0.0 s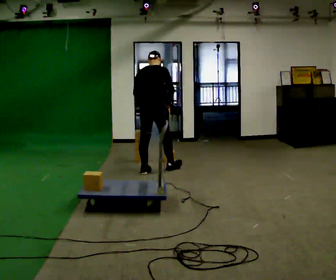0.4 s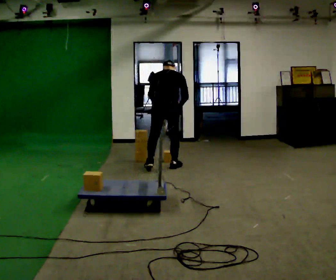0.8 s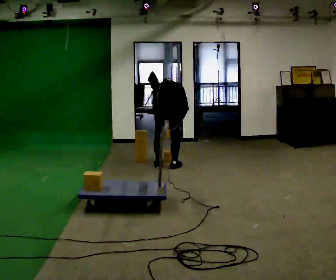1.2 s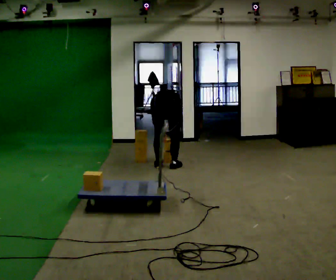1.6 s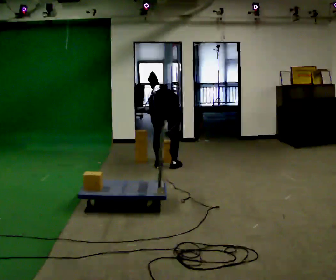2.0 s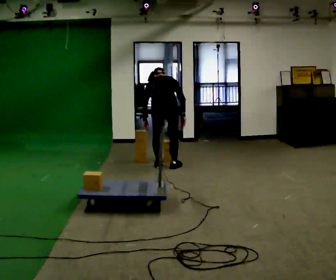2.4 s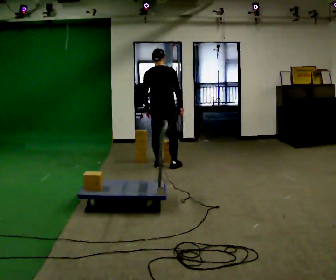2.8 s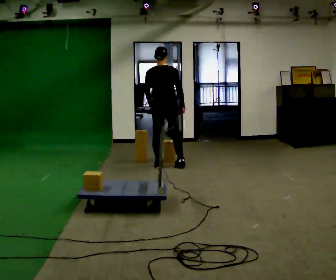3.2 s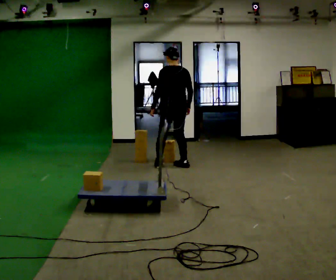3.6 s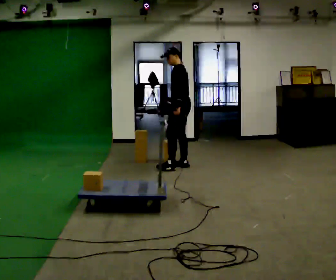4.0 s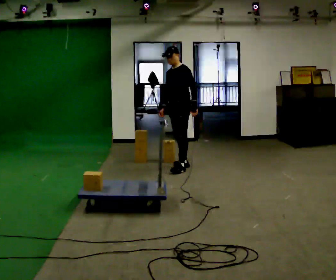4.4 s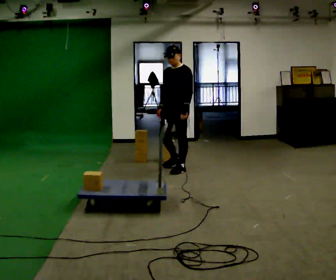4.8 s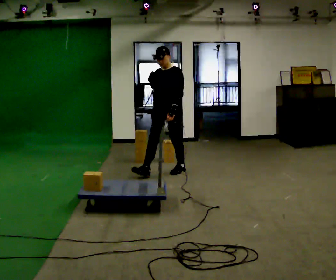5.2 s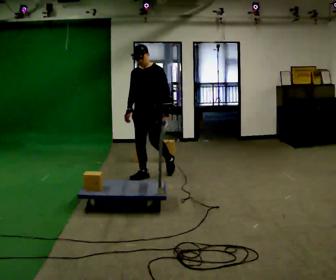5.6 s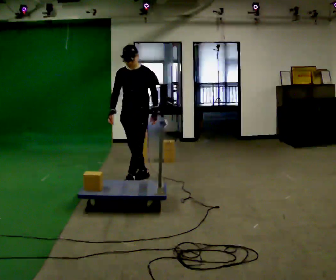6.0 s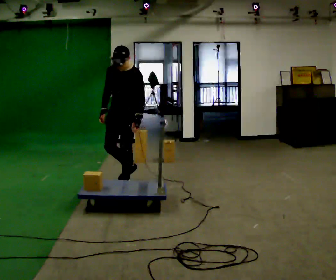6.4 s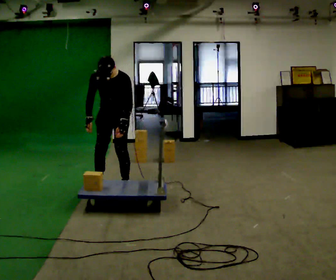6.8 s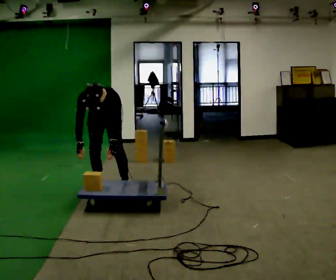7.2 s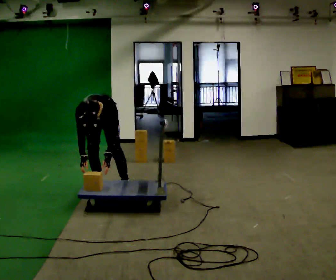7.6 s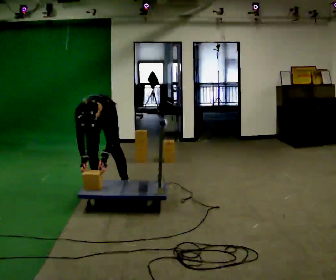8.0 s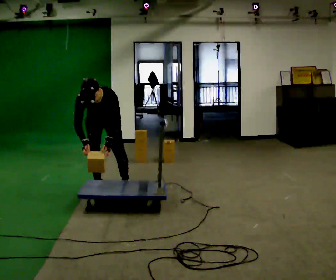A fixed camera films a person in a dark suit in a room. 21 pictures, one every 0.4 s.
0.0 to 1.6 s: In the picture they go to the right, about 0.25 m in 2 steps, which for them is to their right and forward. The shoulders move downward. The upper body tips away from the camera, its near side rolling upward, as they bend forward. In the picture their left hand goes downward.
1.6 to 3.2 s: Seen from above the body turns counterclockwise, about 30 degrees: to their left, with its near side sliding to the right. In the picture they go away from the camera, about 0.25 m in 1 step, which for them is forward. The upper body goes upward. The upper body tips toward the camera, its near side rolling downward, as they lean back or straighten. In the picture their left hand goes upward.
3.2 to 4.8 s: The part of the body nearest the lens slides to the right as the person turns to their left by about 120 degrees. In the picture they go toward the camera, about 0.5 m in 1 step.
4.8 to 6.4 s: In the picture they go toward the camera and to the left, about 1 m in 3 steps, which for them is forward. The upper body tips toward the camera, its near side rolling downward, as they bend forward.
6.4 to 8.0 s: The person moves a little, or ends about where they began.
The film runs forward here.
